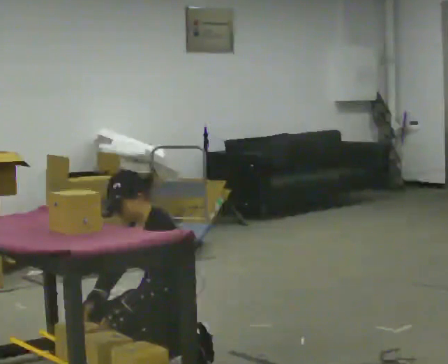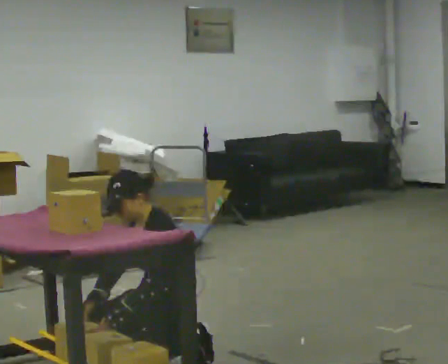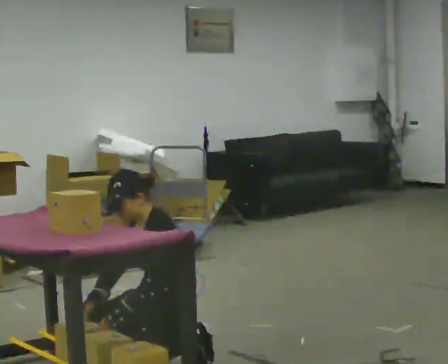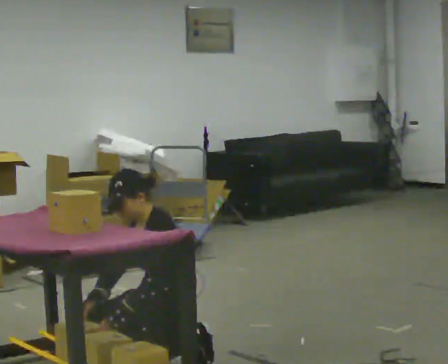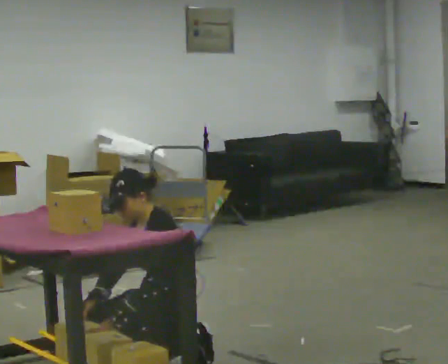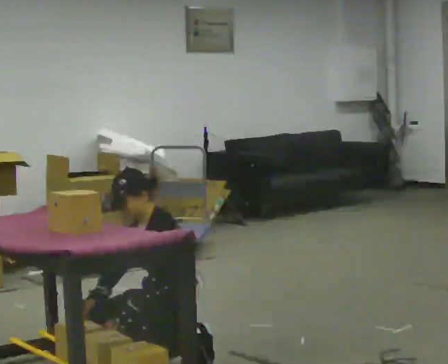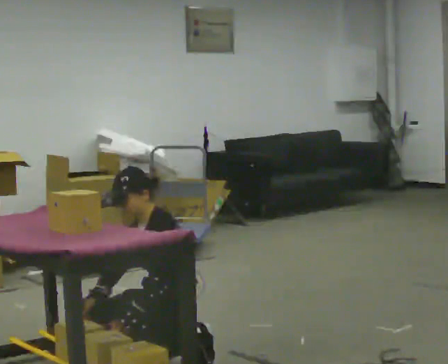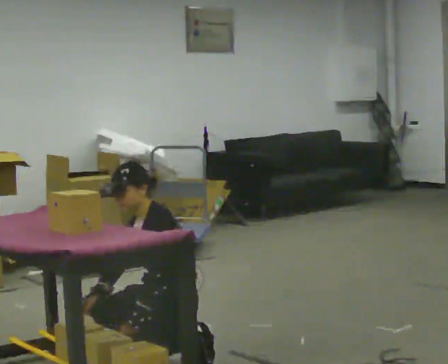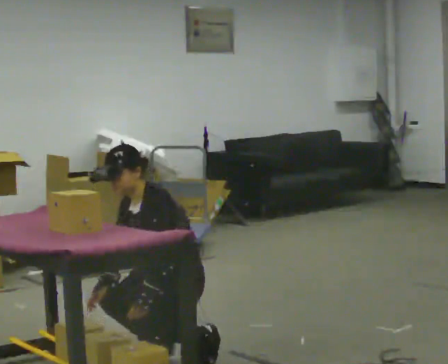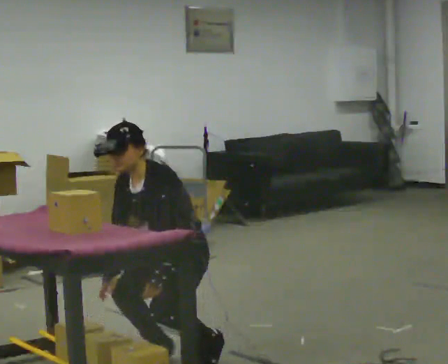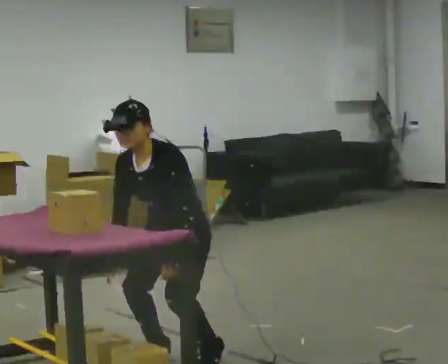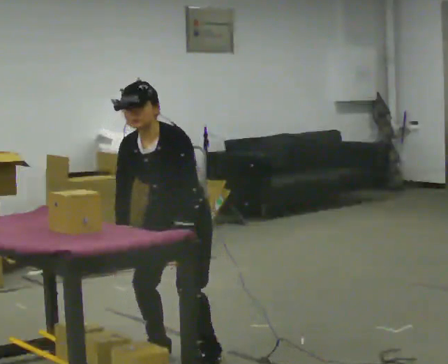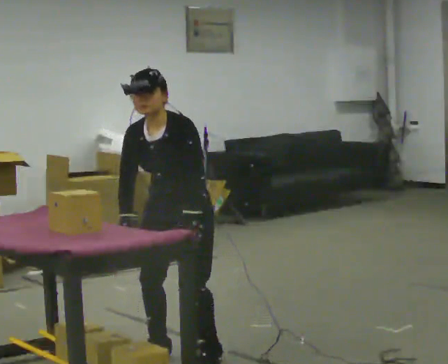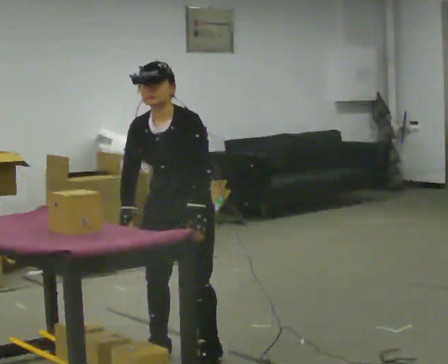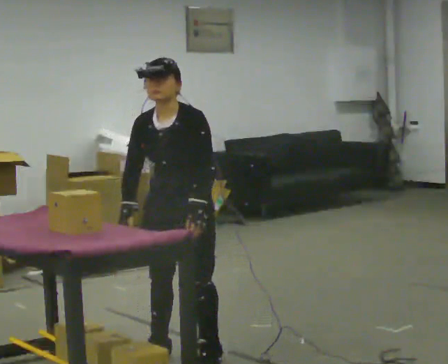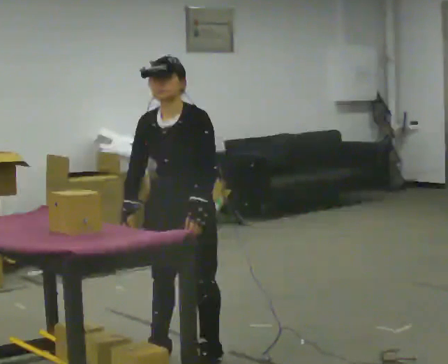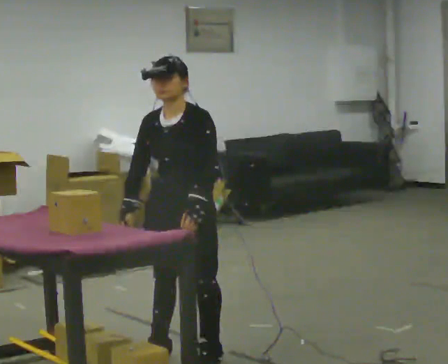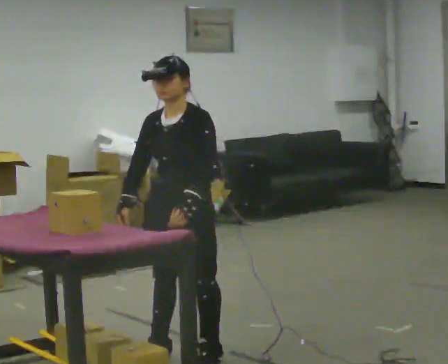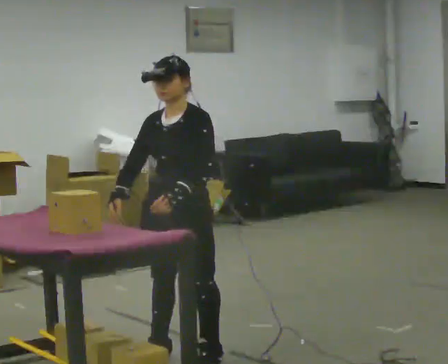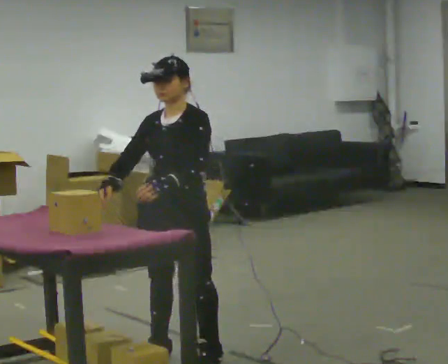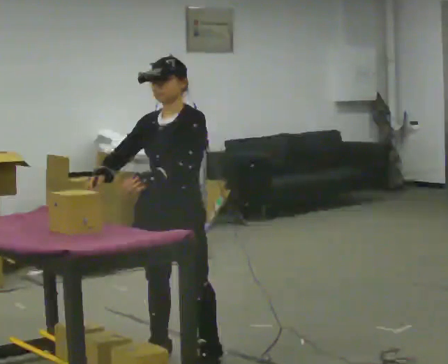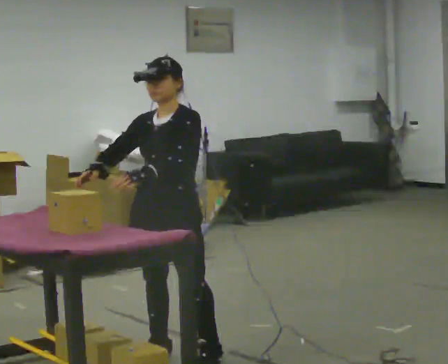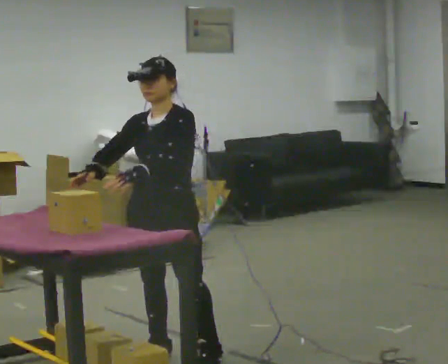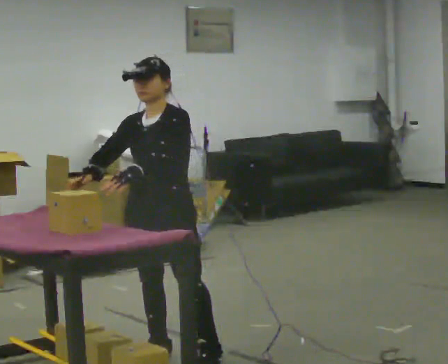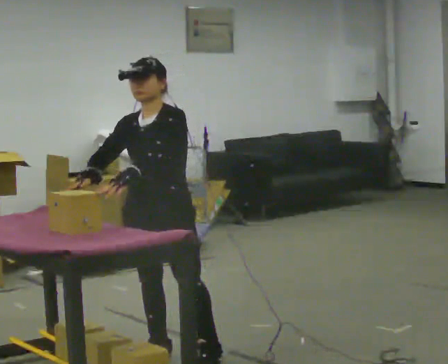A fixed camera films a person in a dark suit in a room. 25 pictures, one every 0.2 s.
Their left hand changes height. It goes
upward.
The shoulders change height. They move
upward.
0.0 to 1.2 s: The person moves a little, or ends about where they began.
1.2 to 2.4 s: Seen from above the body turns counterclockwise, about 45 degrees: to their left, with its near side sliding to the right. The shoulders move upward. In the picture their left hand goes upward.
2.4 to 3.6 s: The upper body tips away from the camera, its near side rolling upward, as they lean back or straighten.
3.6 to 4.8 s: The person moves a little, or ends about where they began.
The film runs forward here.
